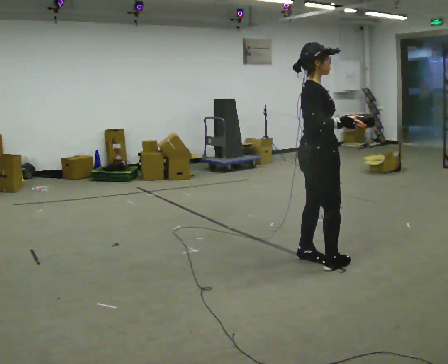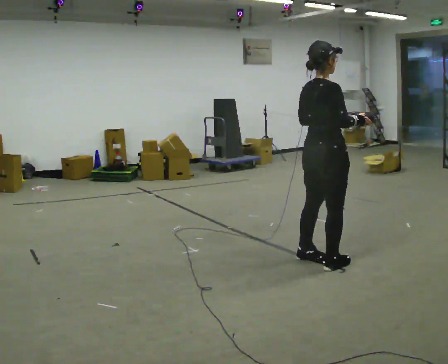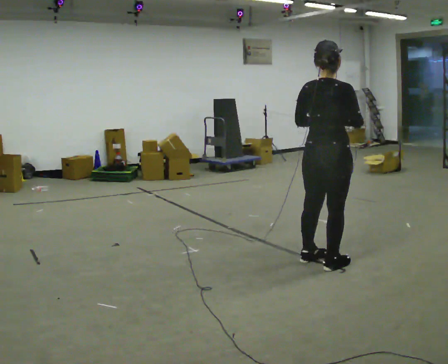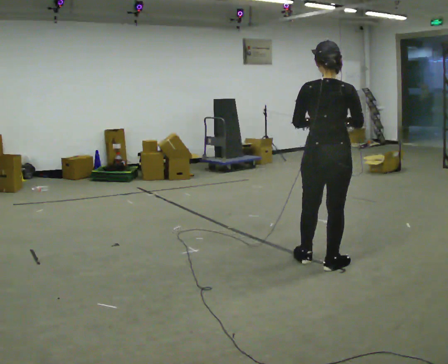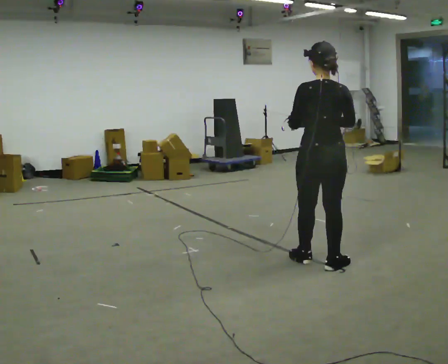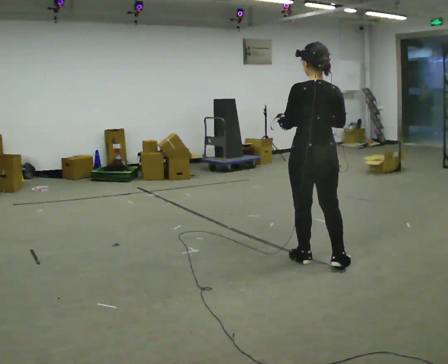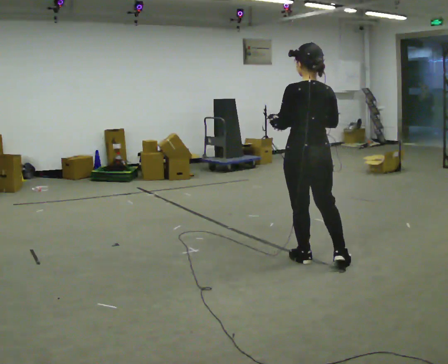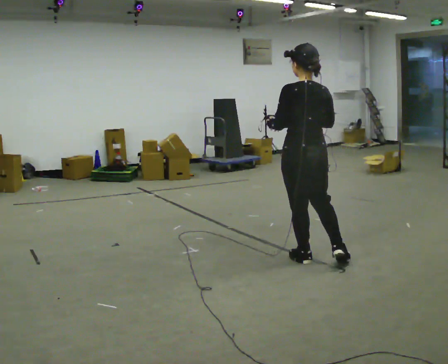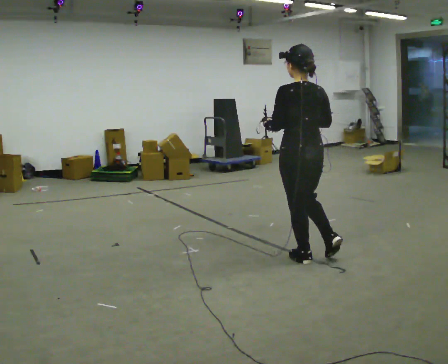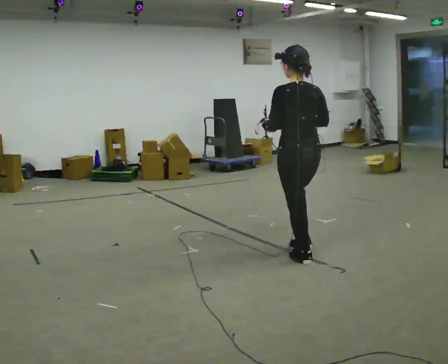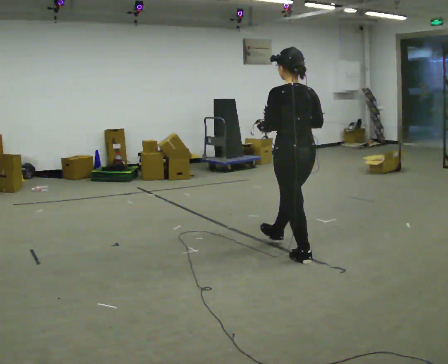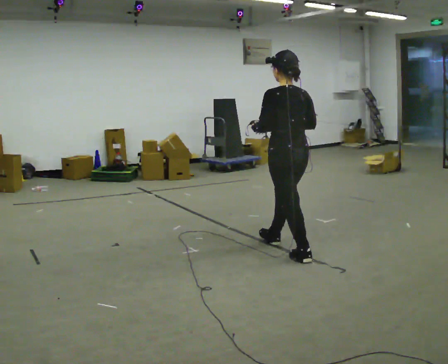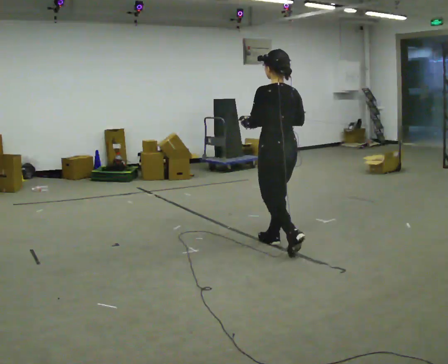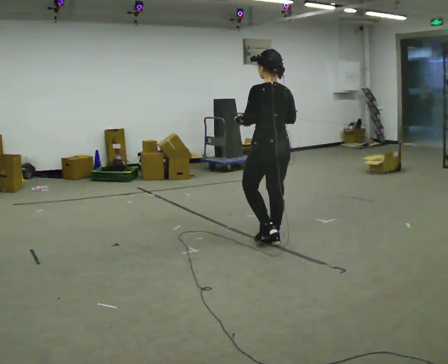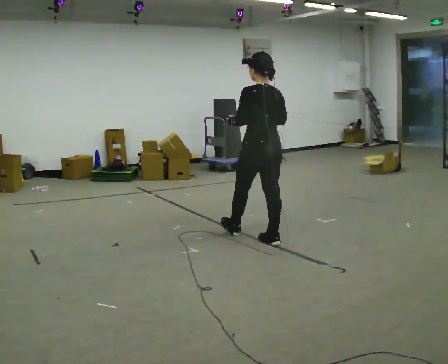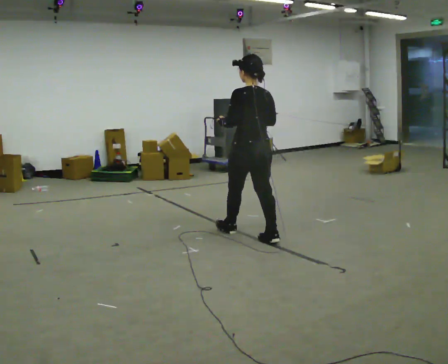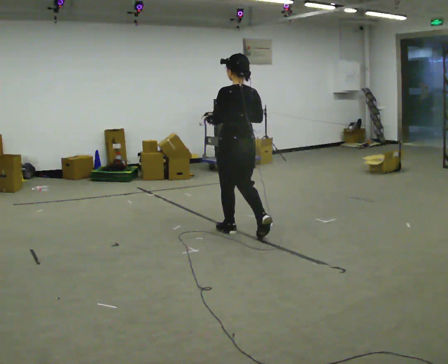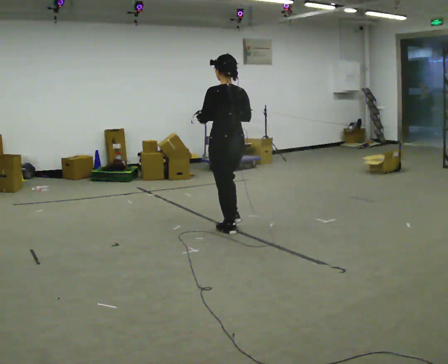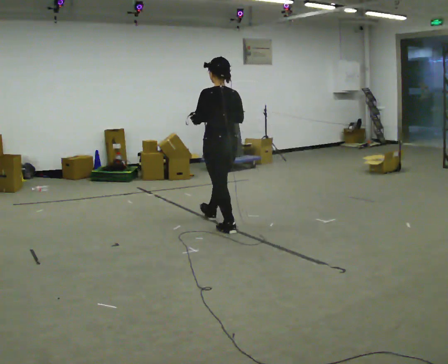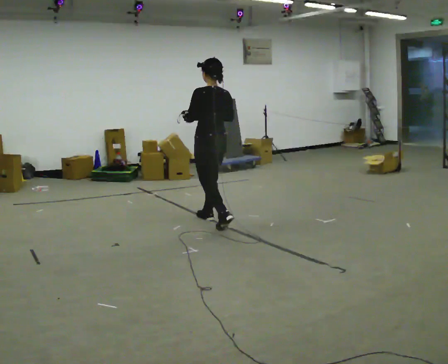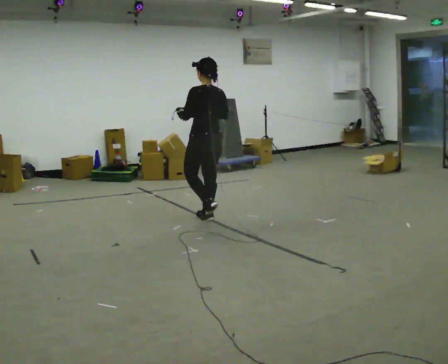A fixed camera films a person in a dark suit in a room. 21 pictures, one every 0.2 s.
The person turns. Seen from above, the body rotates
counterclockwise.
The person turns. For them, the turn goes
to their left.
0.0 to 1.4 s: The person turns about 105 degrees to their left, counterclockwise seen from above, so the part of the body nearest the lens slides to the right. In the picture their right hand goes to the left.
1.4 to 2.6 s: In the picture they go away from the camera and to the left, about 0.5 m in 1 step, which for them is forward.
2.6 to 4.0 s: In the picture they go to the left and away from the camera, about 1 m in 2 steps, which for them is forward.
The film runs forward here.
